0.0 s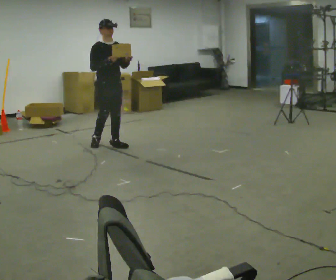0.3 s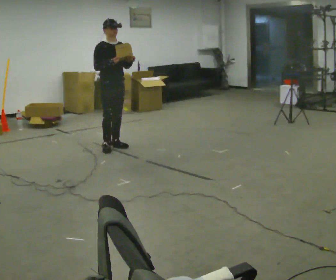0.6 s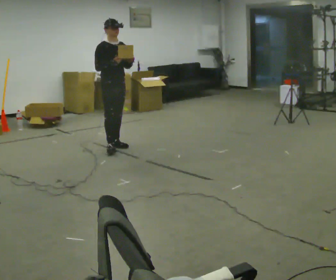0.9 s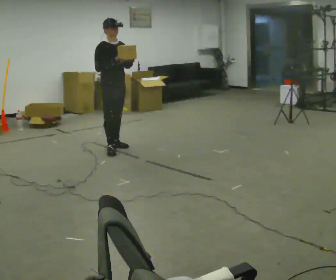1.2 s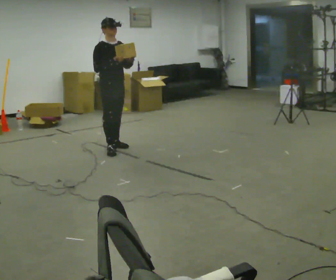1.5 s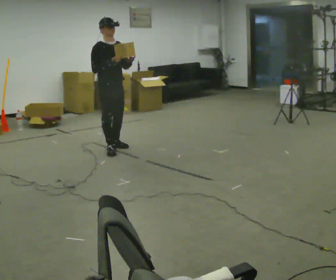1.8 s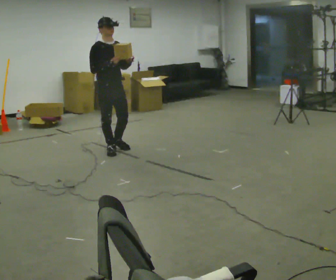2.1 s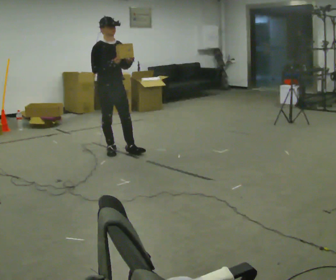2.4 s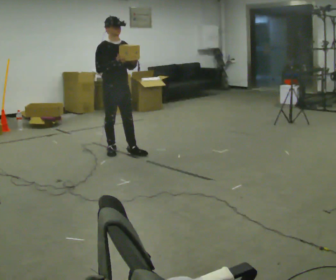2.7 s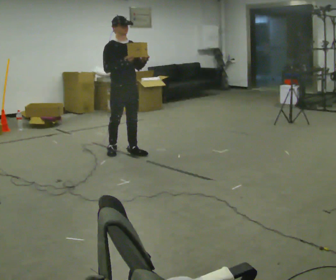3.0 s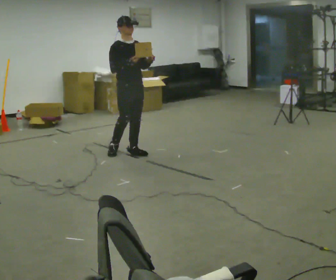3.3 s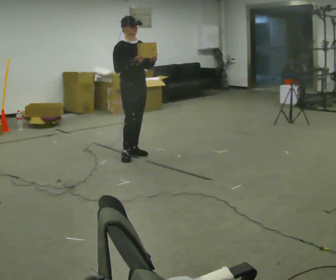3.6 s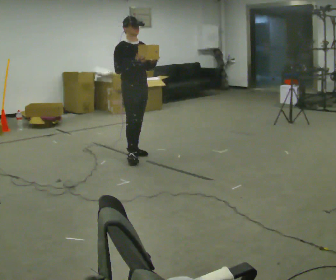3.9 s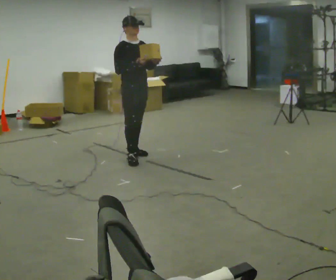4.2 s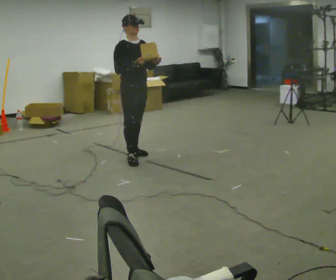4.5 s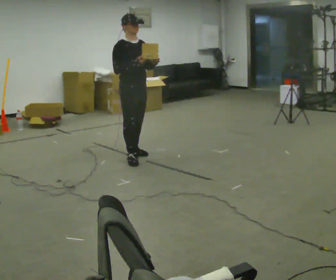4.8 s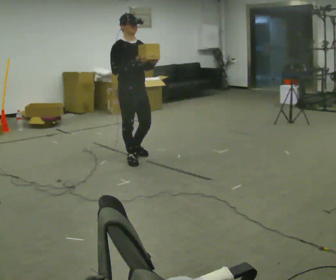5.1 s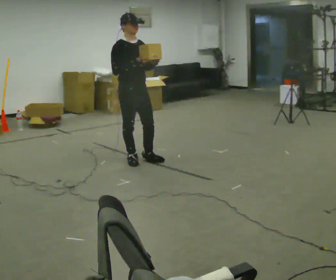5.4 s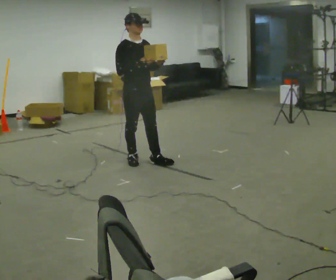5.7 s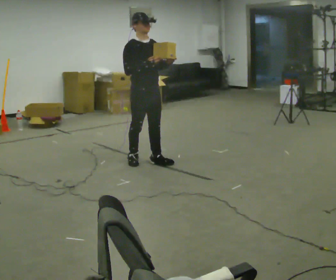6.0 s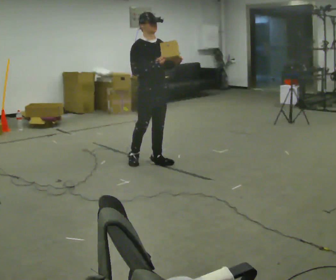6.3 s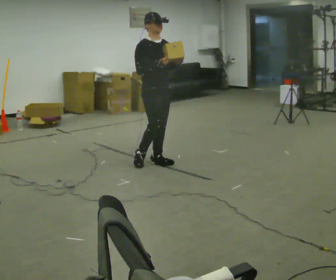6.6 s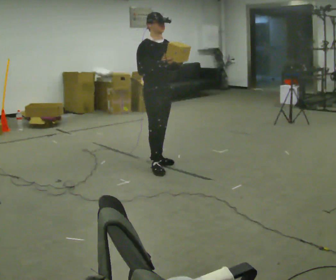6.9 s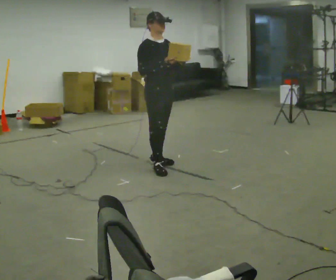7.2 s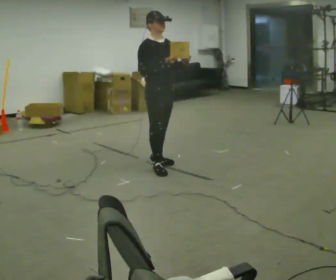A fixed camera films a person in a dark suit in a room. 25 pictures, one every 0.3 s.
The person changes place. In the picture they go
toward the camera.
0.0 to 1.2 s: In the picture they go toward the camera, about 0.25 m in 1 step, which for them is forward.
1.2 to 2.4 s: In the picture they go toward the camera, about 0.25 m in 1 step, which for them is forward.
2.4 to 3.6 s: In the picture they go to the right, about 0.25 m in 1 step, which for them is forward and to their left.
3.6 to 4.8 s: In the picture they go toward the camera, about 0.25 m, which for them is to their right and forward.
4.8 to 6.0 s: In the picture they go to the right, about 0.25 m in 1 step, which for them is forward and to their left.
6.0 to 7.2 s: In the picture they go toward the camera, about 0.25 m in 1 step, which for them is forward.
The film runs forward here.
